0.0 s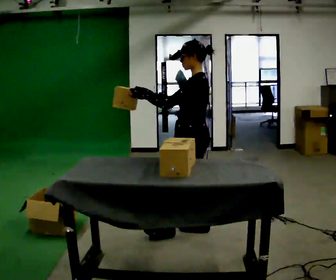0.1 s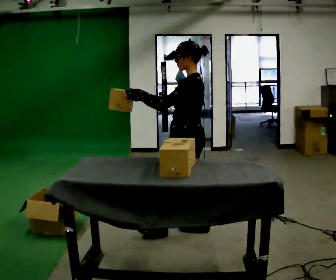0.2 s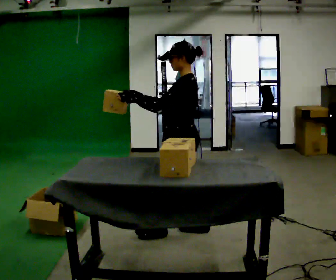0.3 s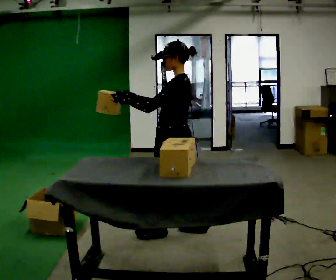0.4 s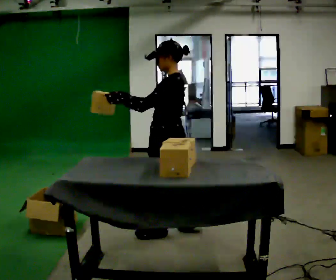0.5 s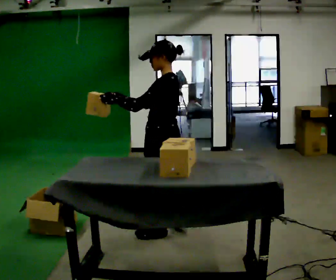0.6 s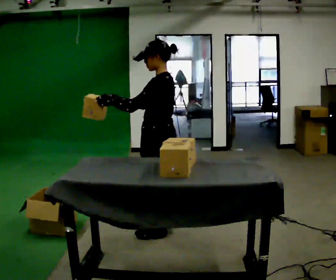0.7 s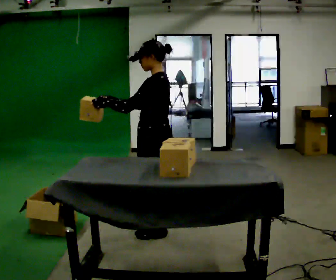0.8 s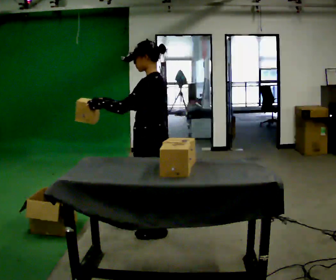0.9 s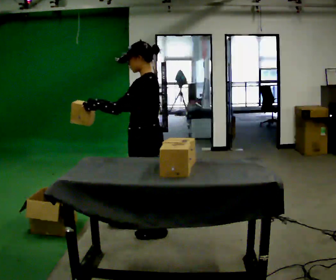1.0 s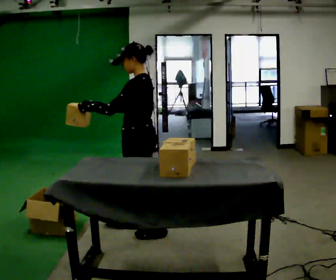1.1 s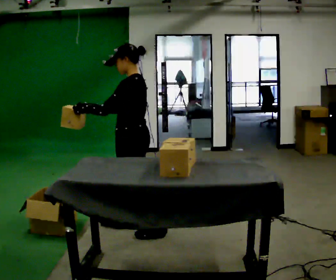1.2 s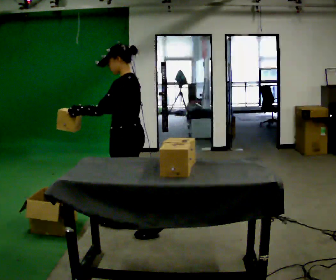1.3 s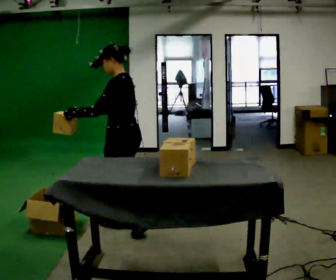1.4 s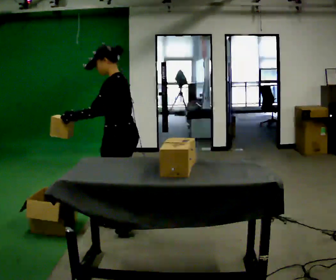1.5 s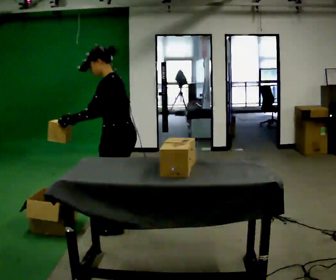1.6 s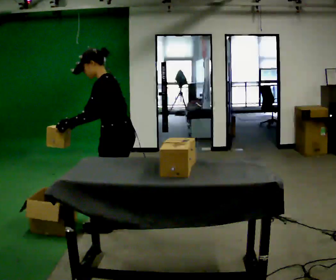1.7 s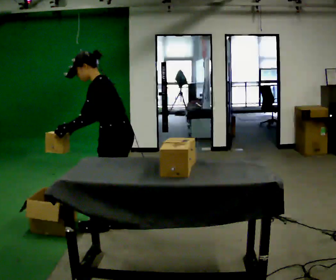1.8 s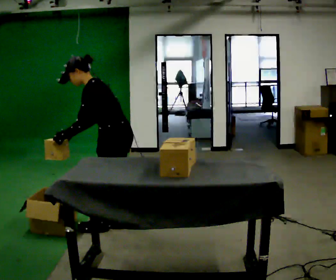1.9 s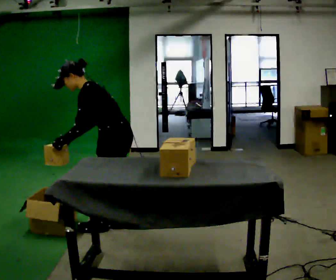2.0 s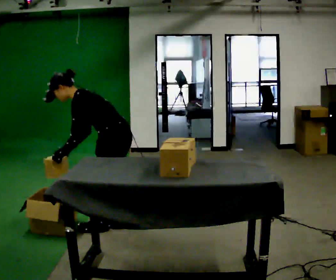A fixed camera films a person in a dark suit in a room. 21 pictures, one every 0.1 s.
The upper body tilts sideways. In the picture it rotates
counterclockwise.
Their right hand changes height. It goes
downward.
0.0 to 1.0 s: In the picture they go to the left, about 0.5 m in 2 steps, which for them is forward.
1.0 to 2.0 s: In the picture they go to the left, about 0.25 m in 1 step, which for them is forward. In the picture the upper body tilts counterclockwise, shoulders to the left, as they bend forward. In the picture their left hand goes downward.
The film runs forward here.
